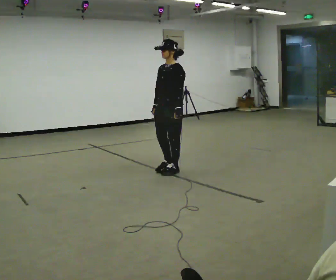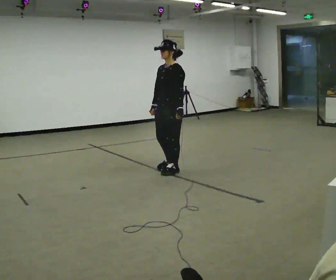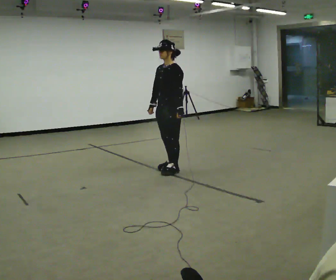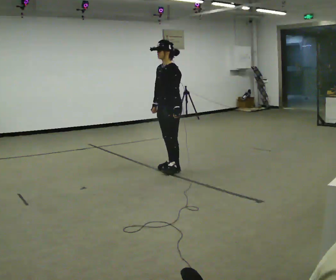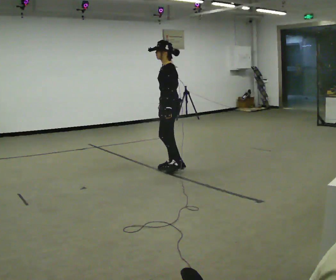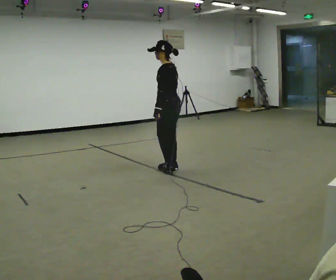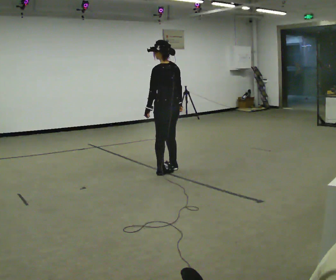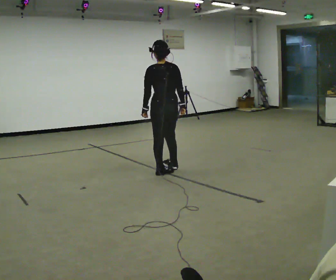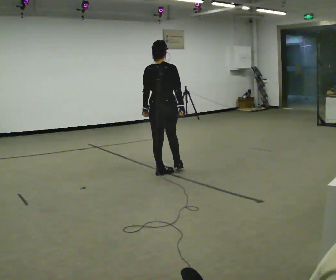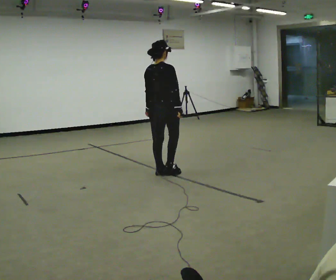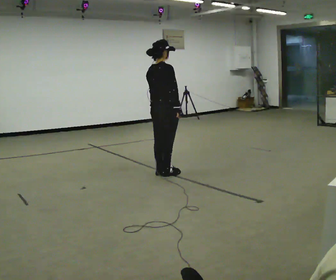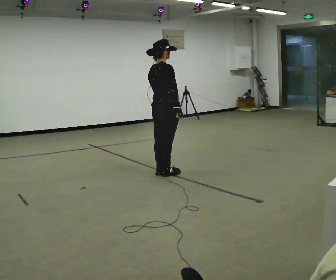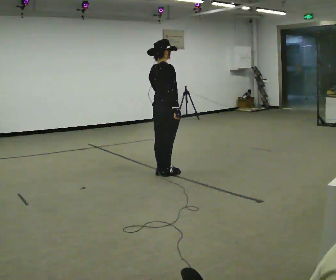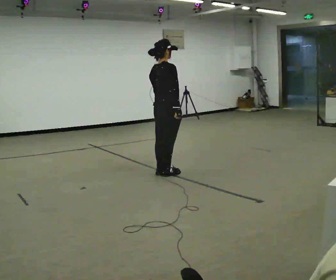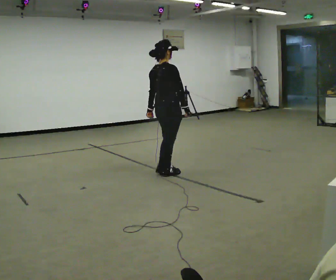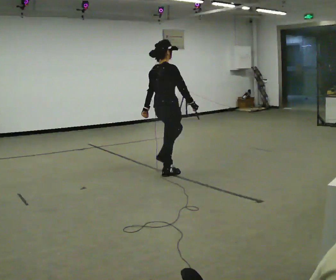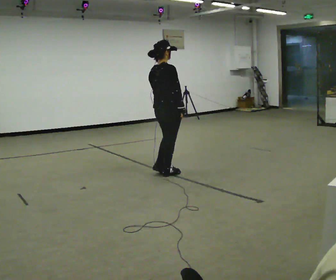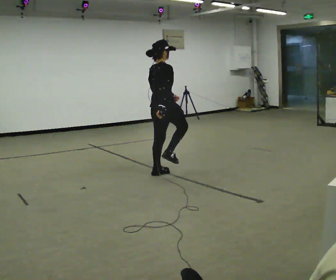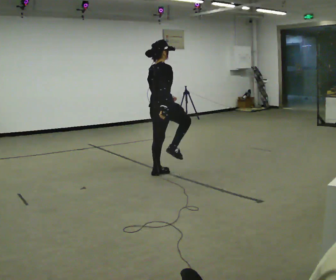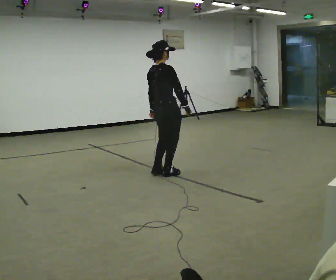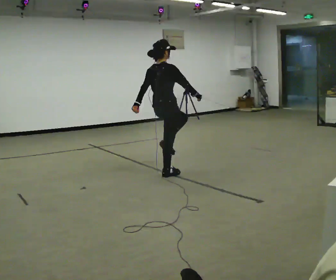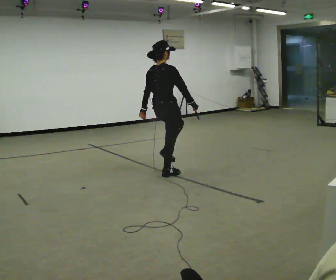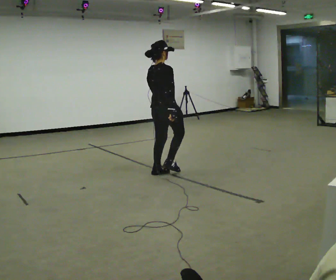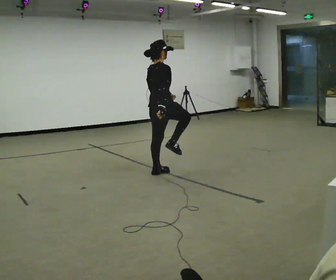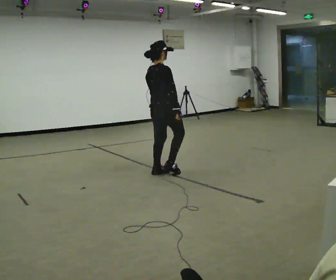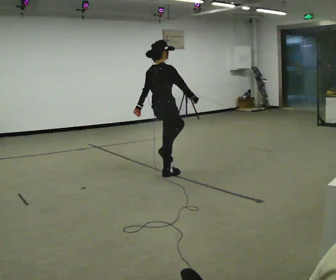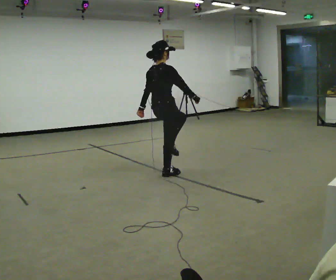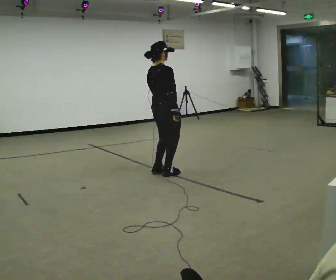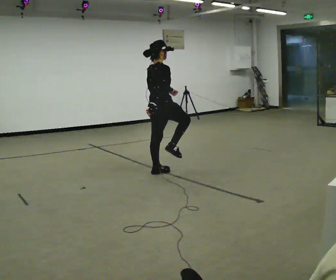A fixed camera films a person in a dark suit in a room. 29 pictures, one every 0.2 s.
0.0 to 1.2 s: Seen from above the body turns clockwise, about 90 degrees: to their right, with its near side sliding to the left. In the picture their right hand goes to the right.
1.2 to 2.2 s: The person turns about 105 degrees to their right, clockwise seen from above, so the part of the body nearest the lens slides to the left. In the picture they go toward the camera, about 0.25 m in 1 step.
2.2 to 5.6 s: The person moves a little, or ends about where they began.
The film runs backward here.
